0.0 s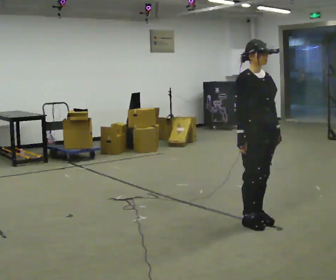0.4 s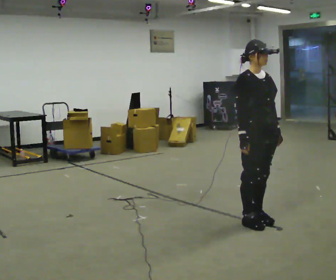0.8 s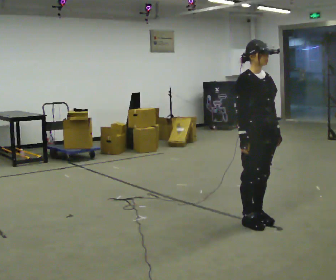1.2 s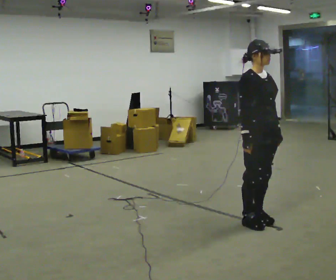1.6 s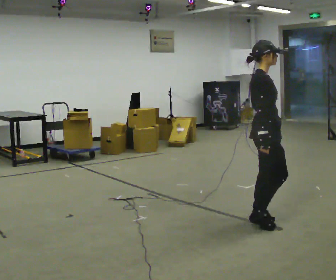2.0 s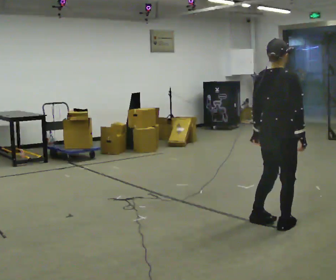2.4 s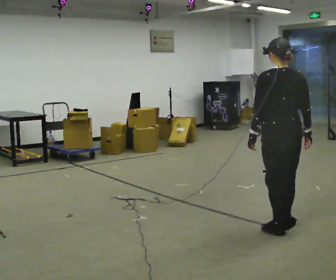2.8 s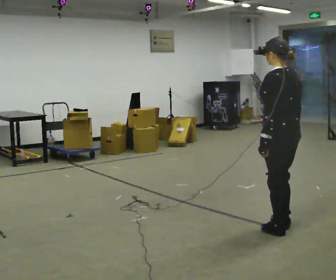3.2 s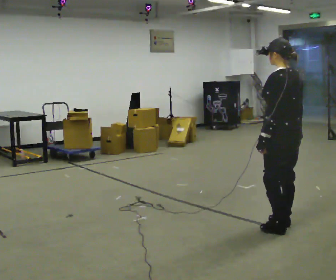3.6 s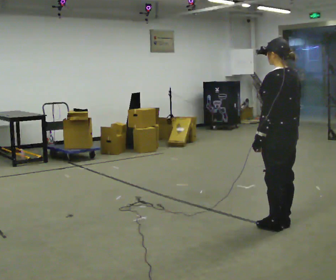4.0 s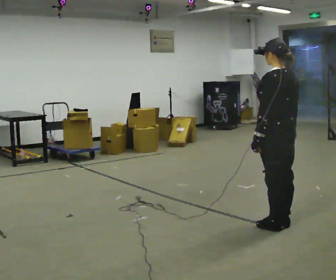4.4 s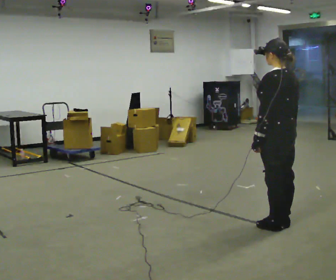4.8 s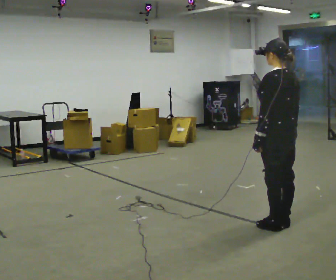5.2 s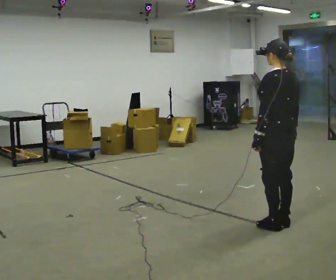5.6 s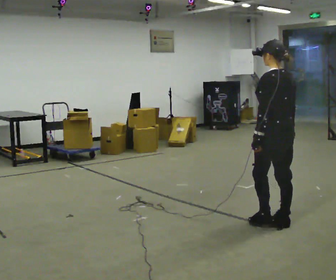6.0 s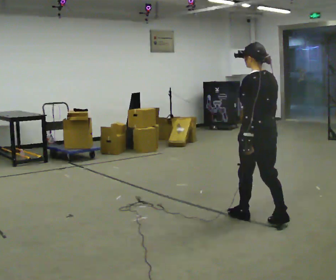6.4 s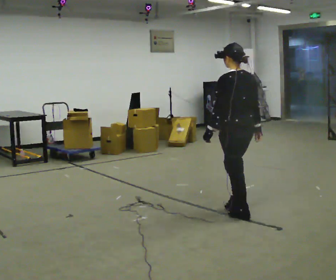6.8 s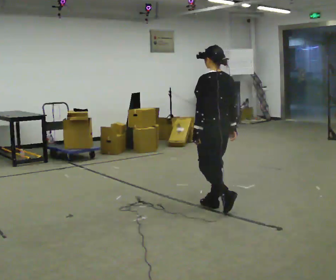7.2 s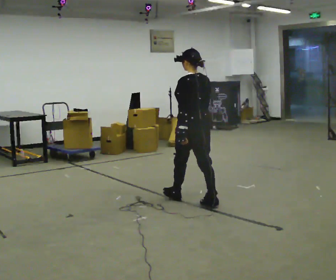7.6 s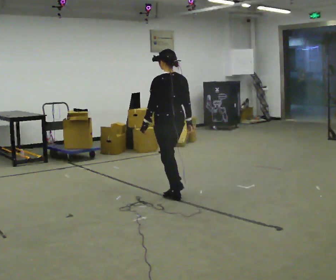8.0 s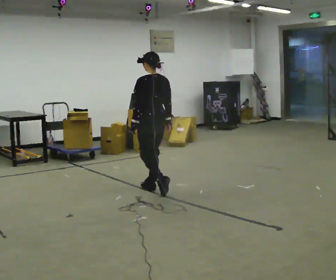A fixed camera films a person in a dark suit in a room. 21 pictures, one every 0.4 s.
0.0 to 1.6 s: The person turns about 45 degrees to their left, counterclockwise seen from above, so the part of the body nearest the lens slides to the right.
1.6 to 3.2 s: Seen from above the body turns counterclockwise, about 135 degrees: to their left, with its near side sliding to the right. In the picture they go to the right, about 0.25 m in 2 steps.
3.2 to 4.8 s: The person moves a little, or ends about where they began.
4.8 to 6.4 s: In the picture they go to the left and away from the camera, about 0.5 m in 1 step, which for them is forward.
6.4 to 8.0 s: In the picture they go to the left and away from the camera, about 1 m in 3 steps, which for them is forward.
The film runs forward here.
